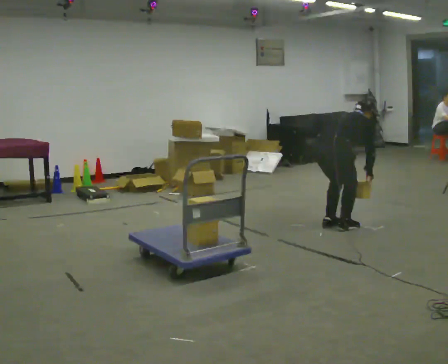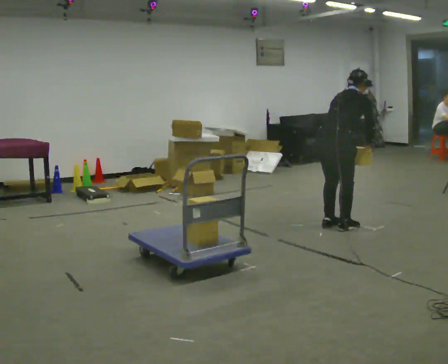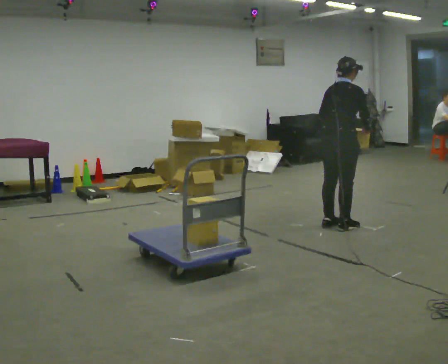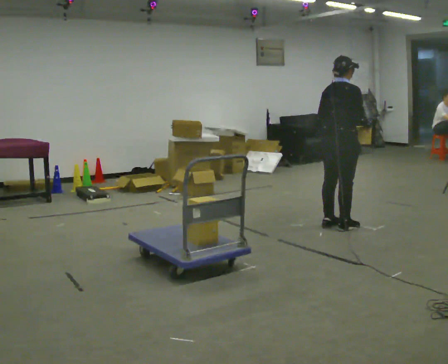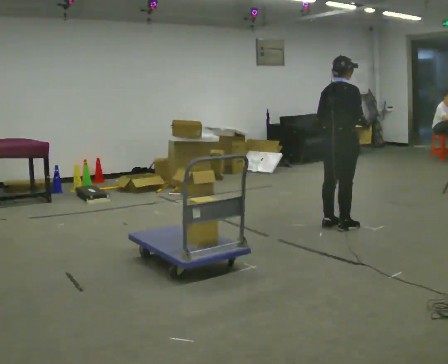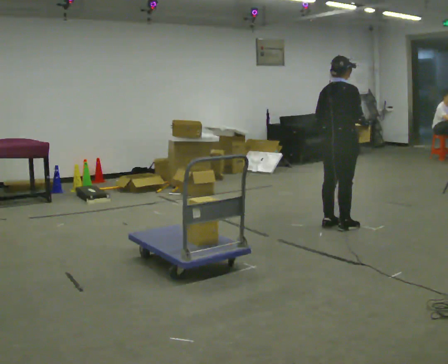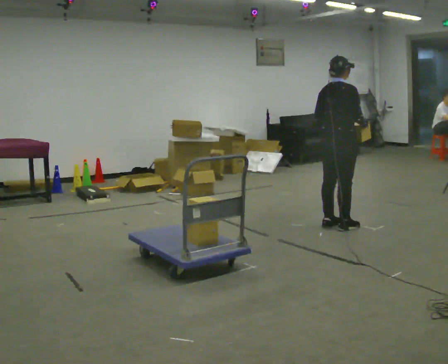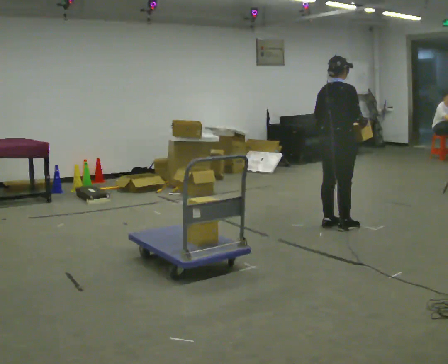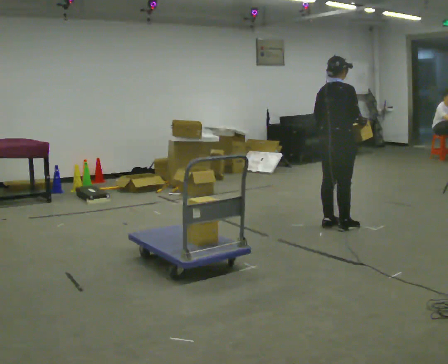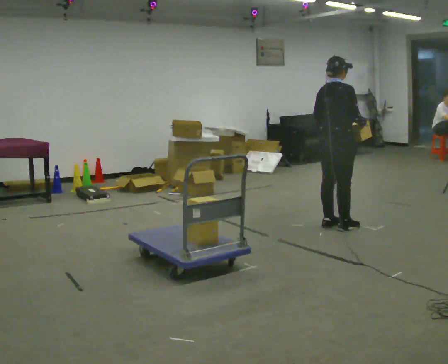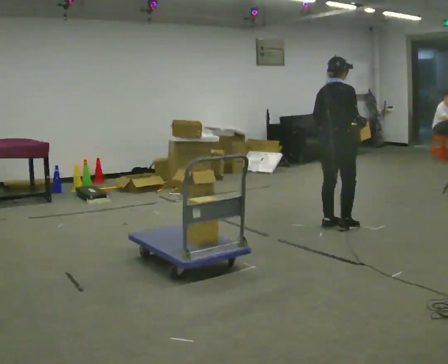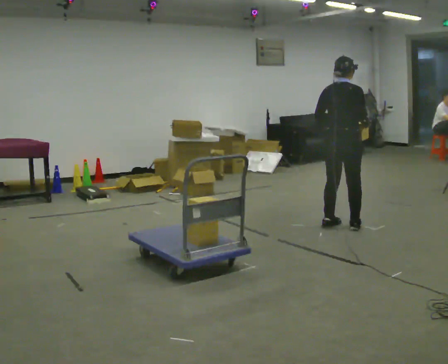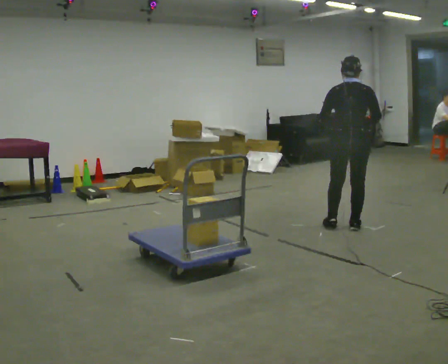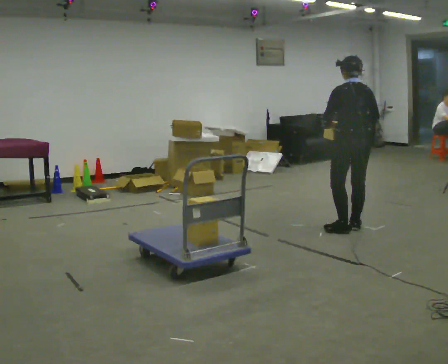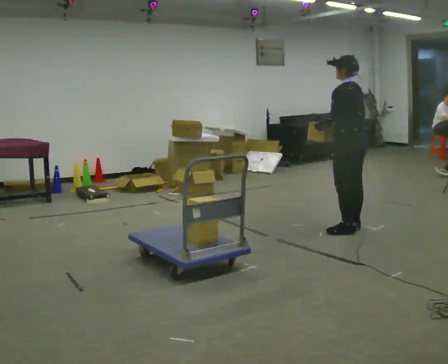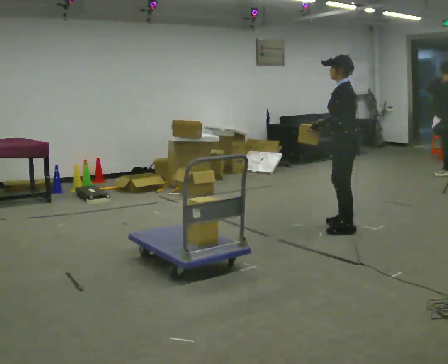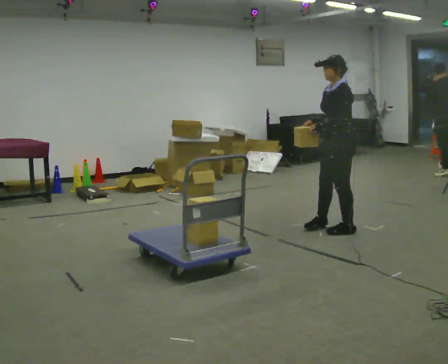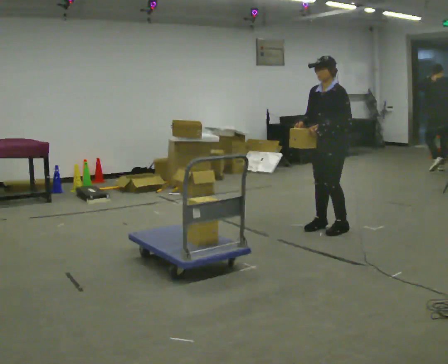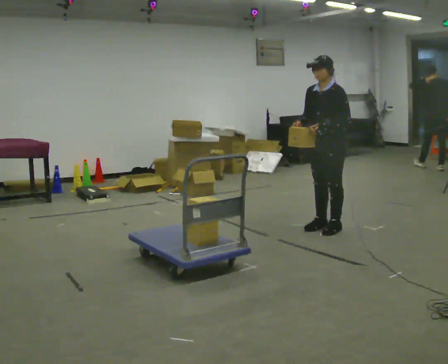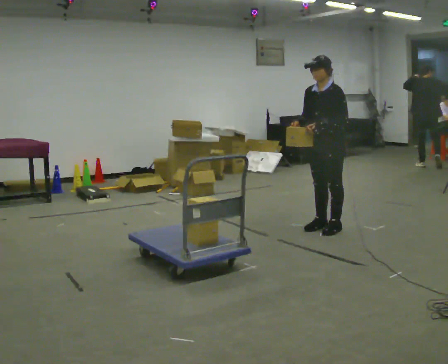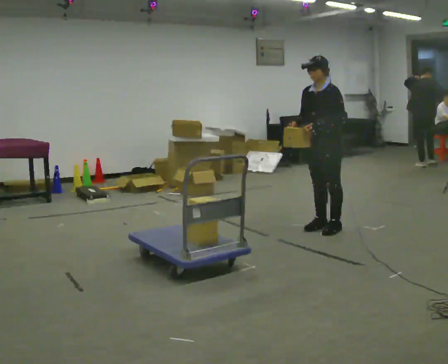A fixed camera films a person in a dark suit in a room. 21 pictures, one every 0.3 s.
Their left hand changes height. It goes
upward.
The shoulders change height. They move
upward.
0.0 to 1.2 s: The upper body goes upward. In the picture the upper body tilts counterclockwise, shoulders to the left, as they lean back or straighten. In the picture their left hand goes upward.
1.2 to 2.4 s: The person moves a little, or ends about where they began.
2.4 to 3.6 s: The person turns about 45 degrees to their left, counterclockwise seen from above, so the part of the body nearest the lens slides to the right.
3.6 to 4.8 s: The part of the body nearest the lens slides to the right as the person turns to their left by about 120 degrees. In the picture their right hand goes to the left.
4.8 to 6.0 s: Seen from above the body turns counterclockwise, about 30 degrees: to their left, with its near side sliding to the right.
The film runs forward here.
